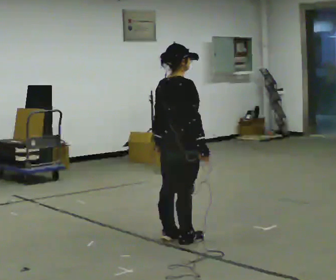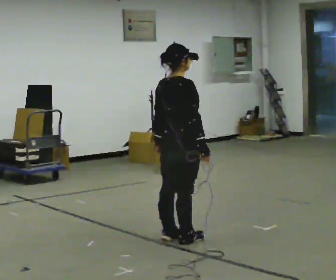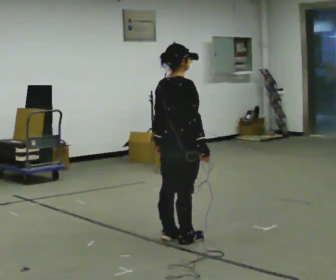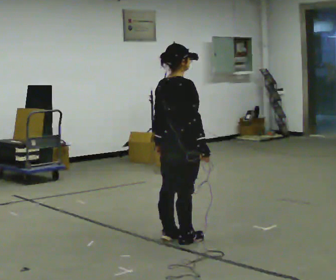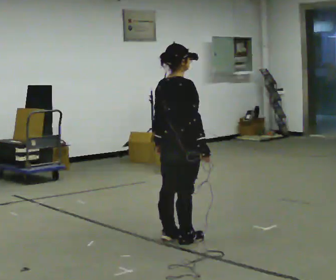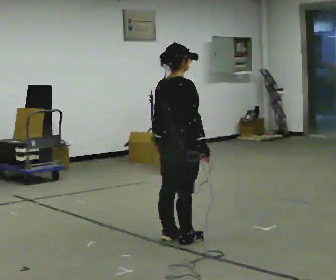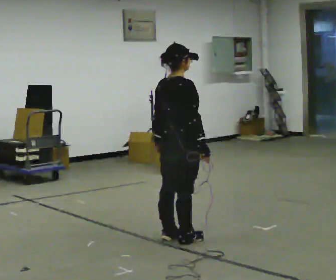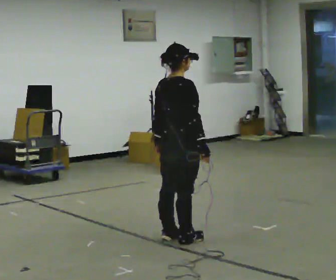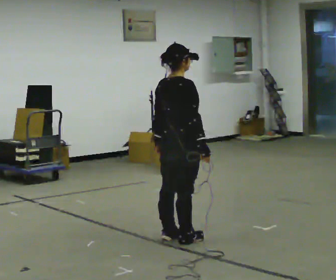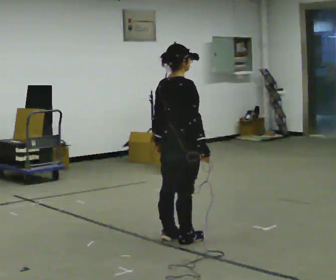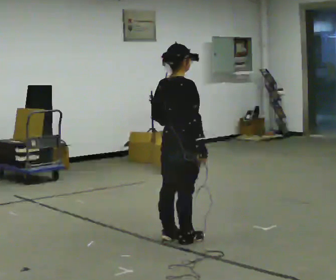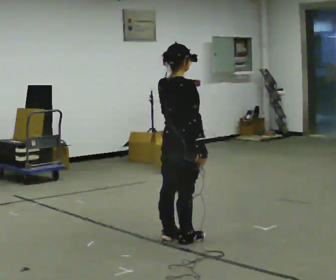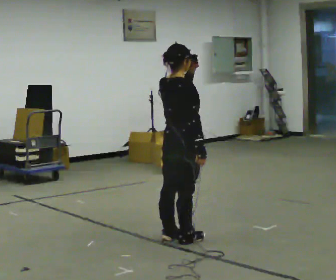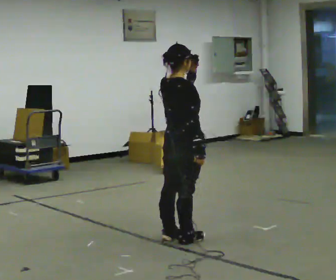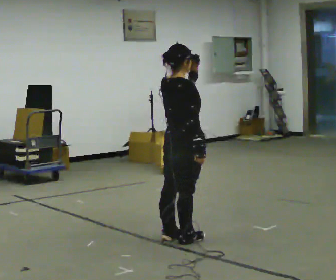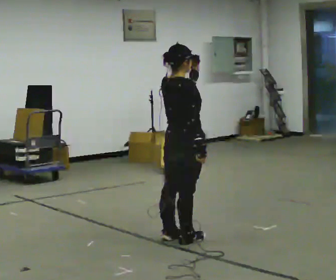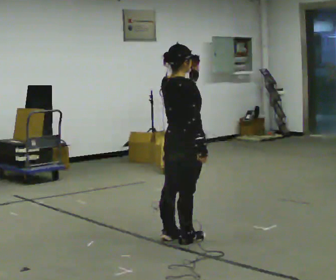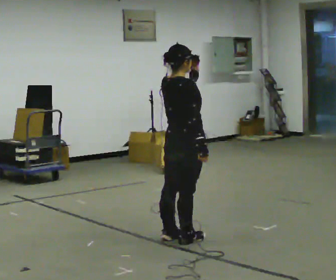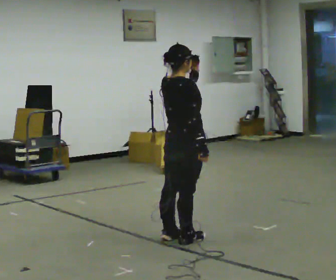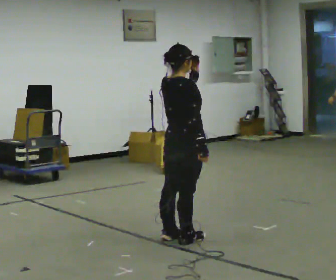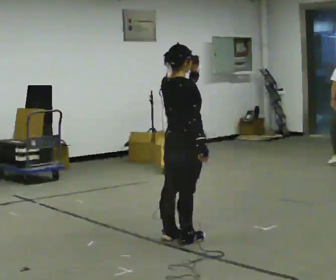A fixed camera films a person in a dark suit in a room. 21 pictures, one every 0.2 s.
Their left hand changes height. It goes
upward.
0.0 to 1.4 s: The person keeps their place and pose.
1.4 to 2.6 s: In the picture their left hand goes upward.
2.6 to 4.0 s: The person keeps their place and pose.
The film runs forward here.
